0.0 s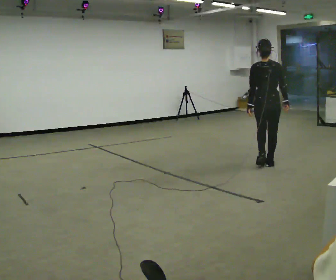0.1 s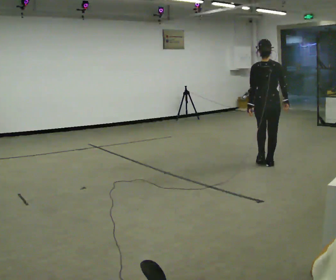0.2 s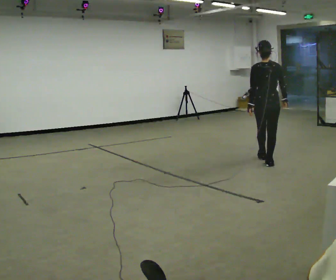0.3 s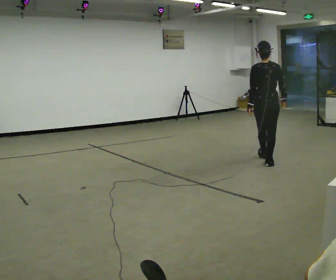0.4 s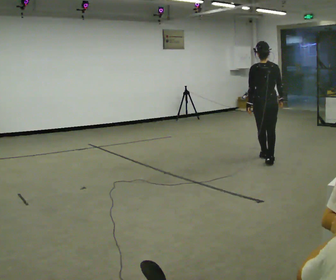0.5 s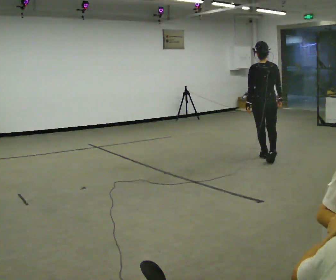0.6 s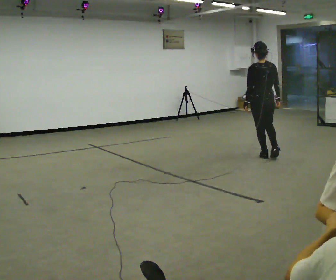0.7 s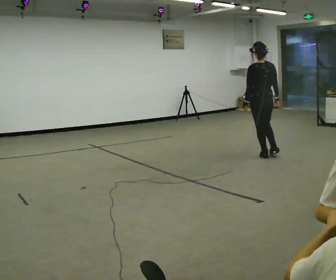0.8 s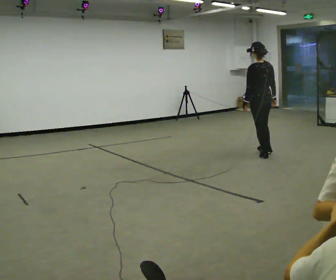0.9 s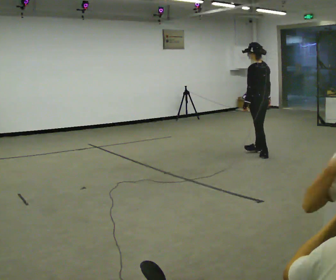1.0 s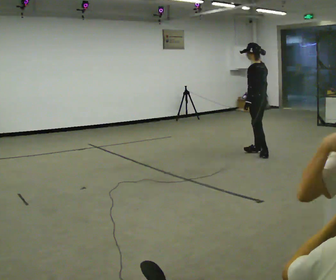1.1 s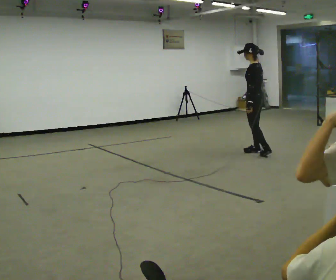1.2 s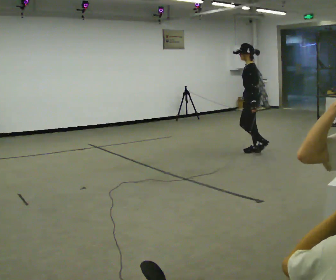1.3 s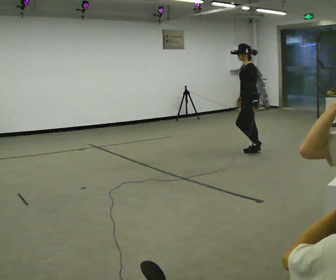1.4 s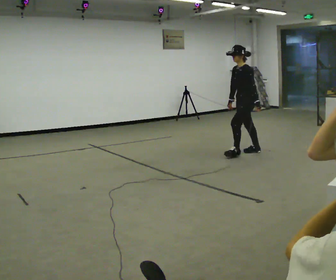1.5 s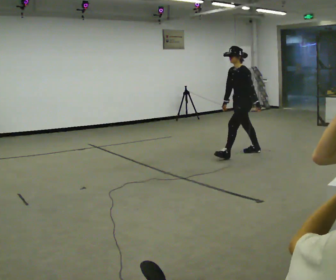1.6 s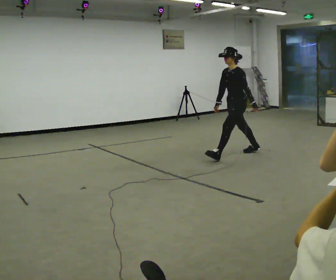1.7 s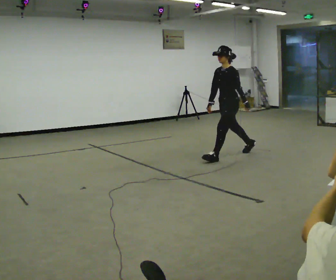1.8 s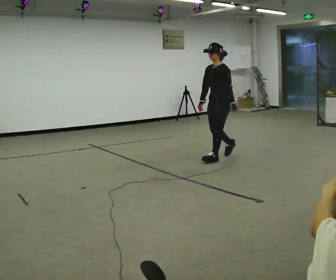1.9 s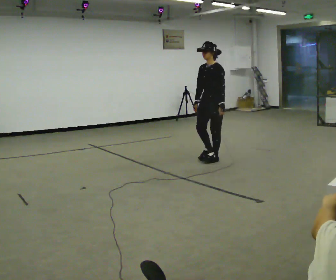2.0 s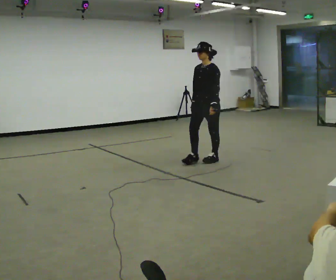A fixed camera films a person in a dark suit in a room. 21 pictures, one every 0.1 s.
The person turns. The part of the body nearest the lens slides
to the right.
The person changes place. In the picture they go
to the left.
0.0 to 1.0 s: Seen from above the body turns counterclockwise, about 60 degrees: to their left, with its near side sliding to the right. In the picture they go away from the camera, about 0.75 m in 2 steps.
1.0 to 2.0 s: Seen from above the body turns counterclockwise, about 90 degrees: to their left, with its near side sliding to the right. In the picture they go to the left and toward the camera, about 1 m in 1 step.
The film runs forward here.
